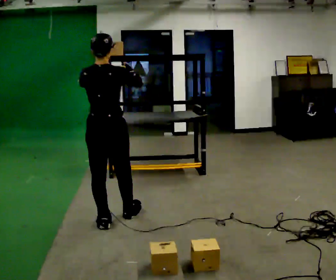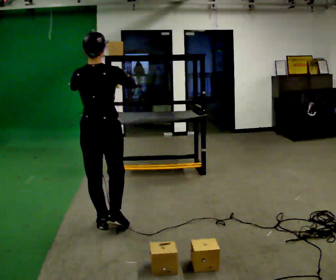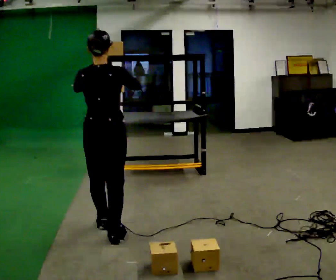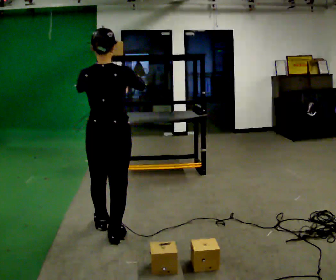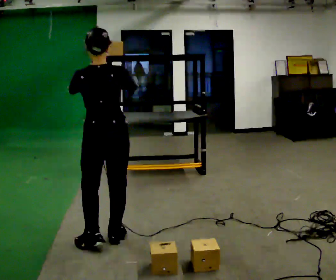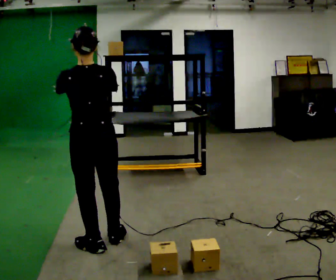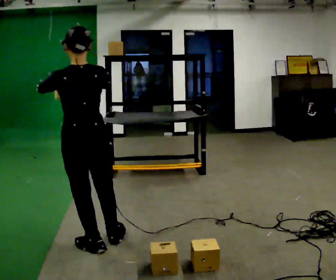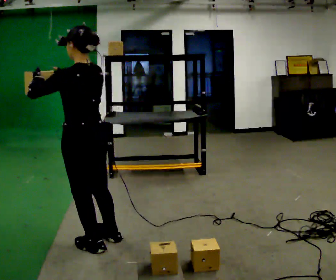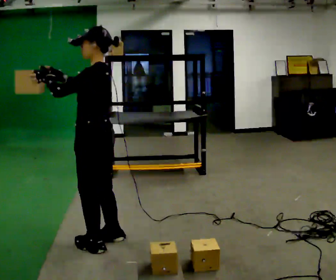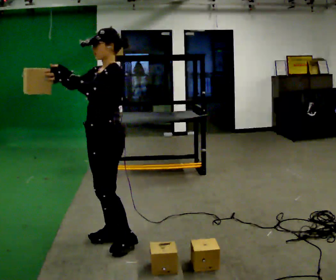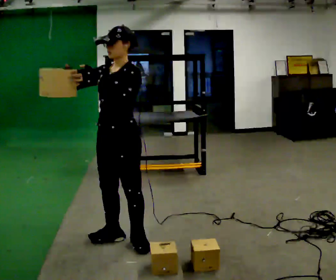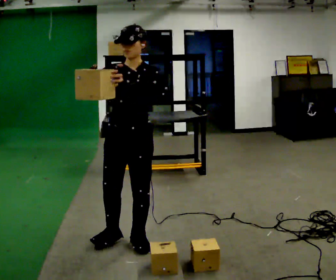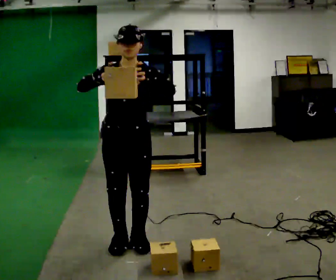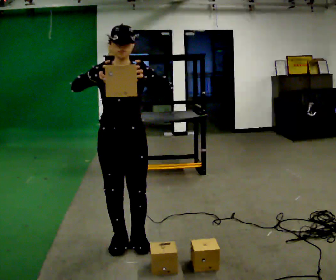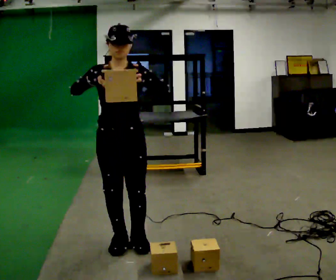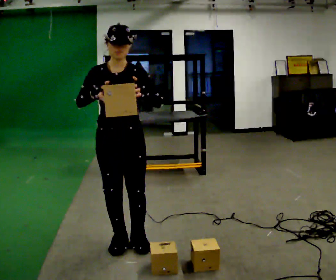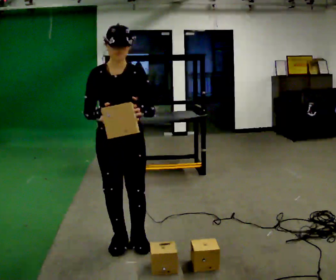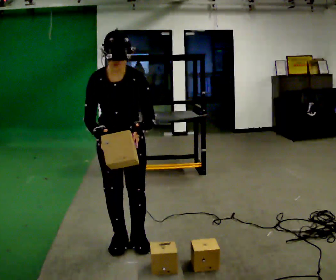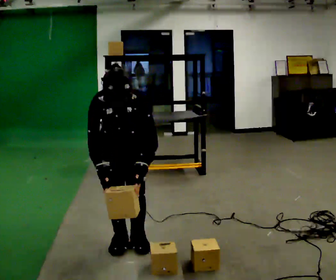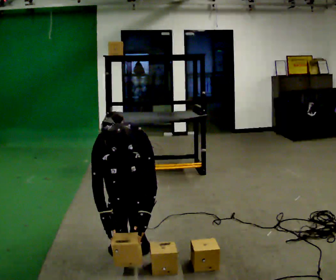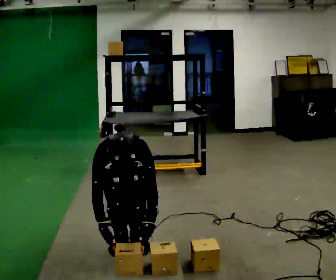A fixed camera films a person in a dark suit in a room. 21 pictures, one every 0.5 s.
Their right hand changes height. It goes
downward.
The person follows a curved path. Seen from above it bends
counterclockwise.
0.0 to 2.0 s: In the picture they go toward the camera, about 0.25 m in 2 steps, which for them is backward.
2.0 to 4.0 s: Seen from above the body turns counterclockwise, about 75 degrees: to their left, with its near side sliding to the right.
4.0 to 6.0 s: The part of the body nearest the lens slides to the right as the person turns to their left by about 90 degrees. In the picture they go to the right, about 0.25 m in 1 step. In the picture their right hand goes to the right.
6.0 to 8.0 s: The person moves a little, or ends about where they began.
8.0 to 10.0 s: The shoulders move downward. The upper body tips toward the camera, its near side rolling downward, as they bend forward. In the picture their left hand goes downward.
The film runs backward here.
